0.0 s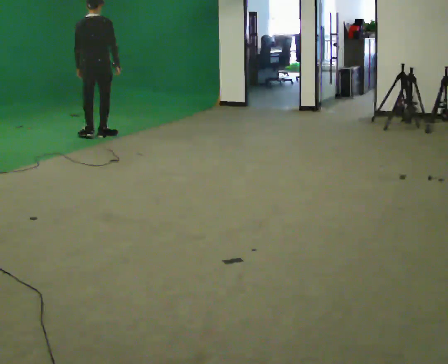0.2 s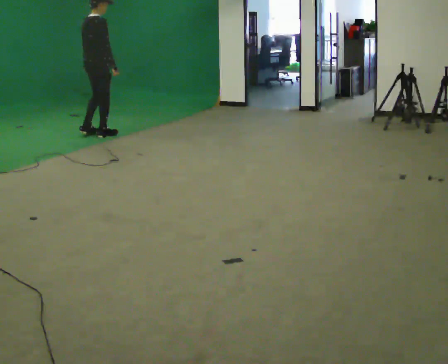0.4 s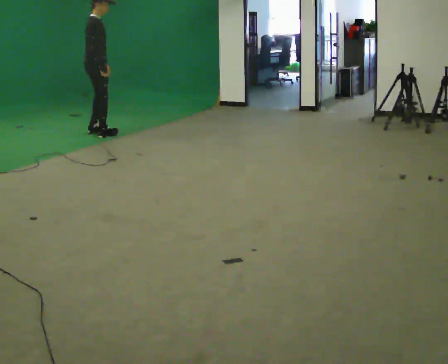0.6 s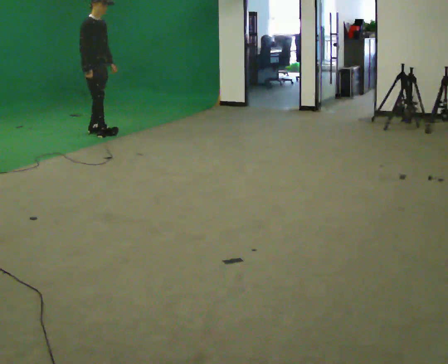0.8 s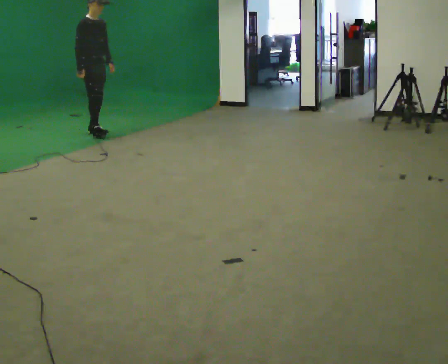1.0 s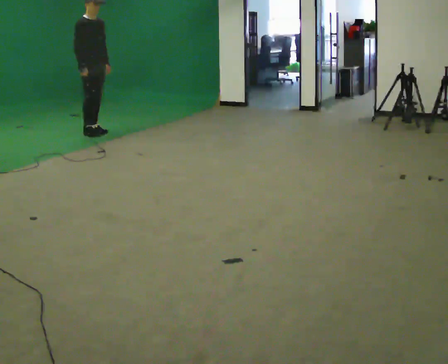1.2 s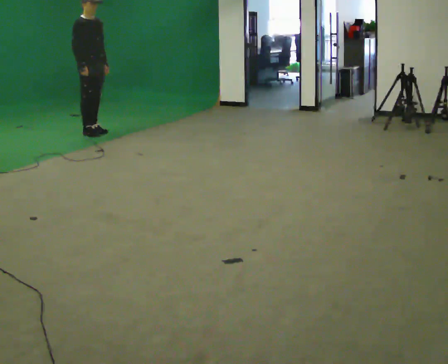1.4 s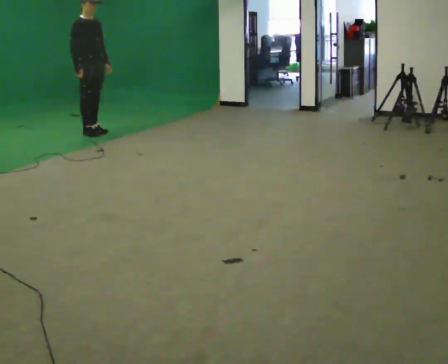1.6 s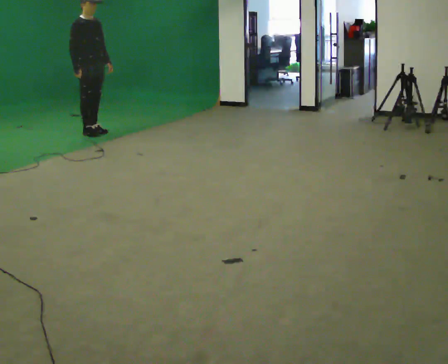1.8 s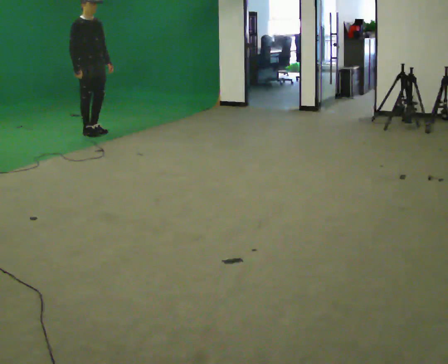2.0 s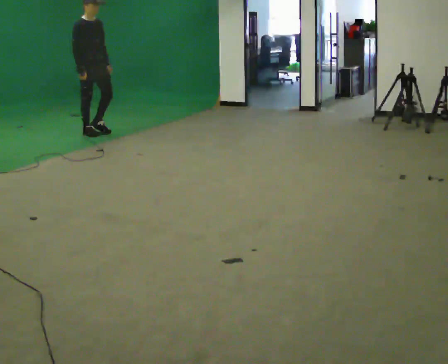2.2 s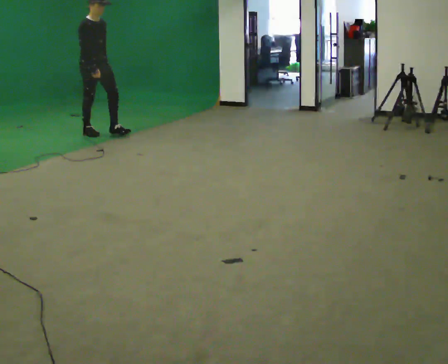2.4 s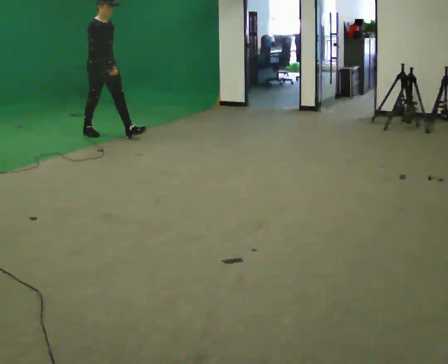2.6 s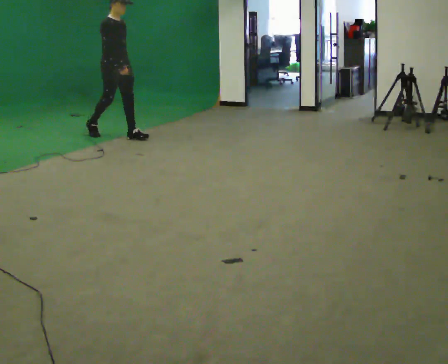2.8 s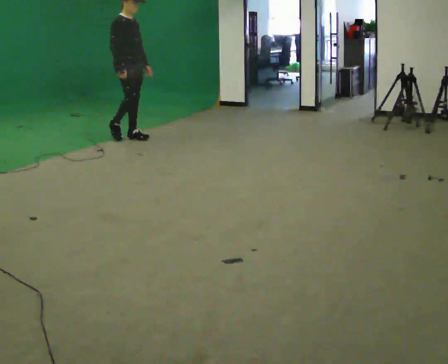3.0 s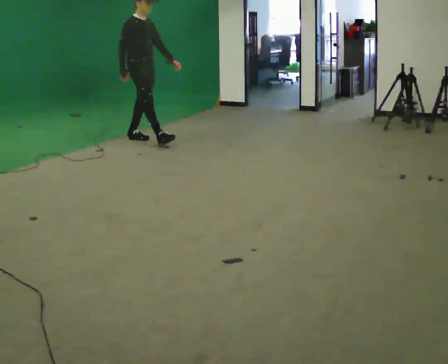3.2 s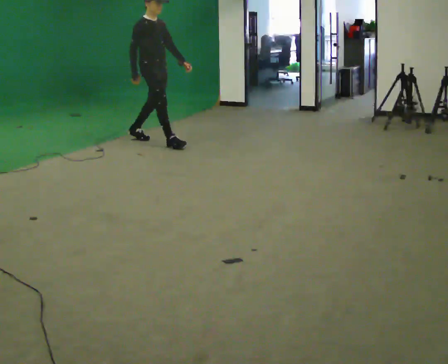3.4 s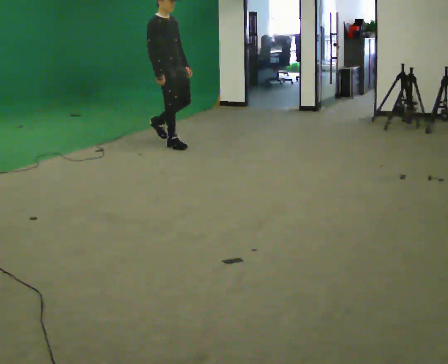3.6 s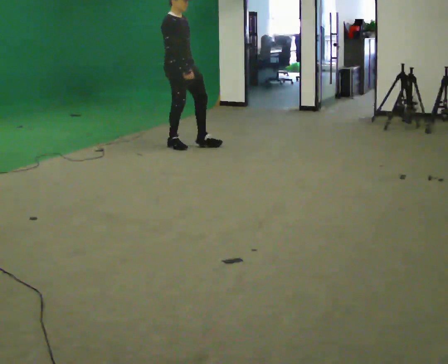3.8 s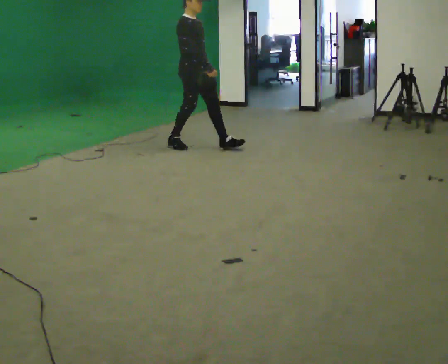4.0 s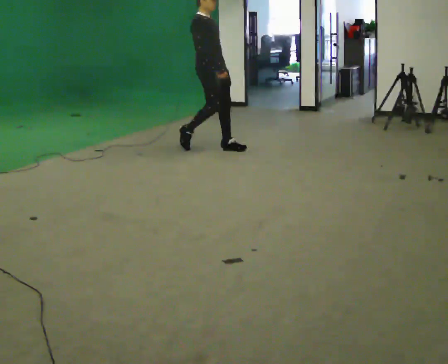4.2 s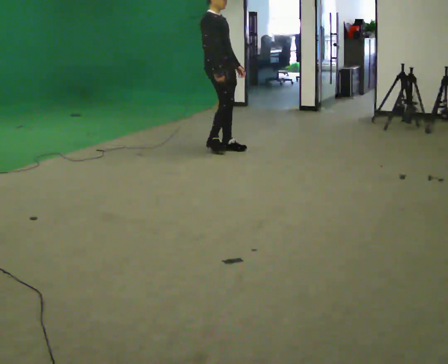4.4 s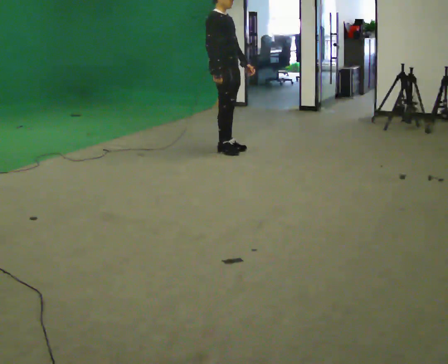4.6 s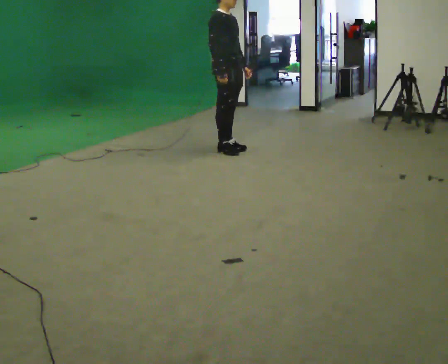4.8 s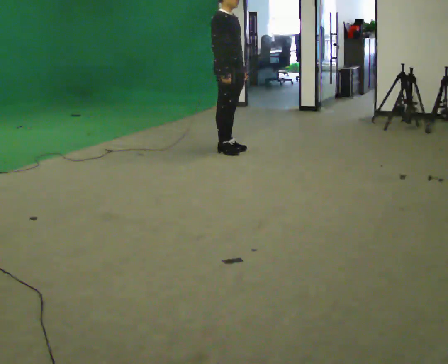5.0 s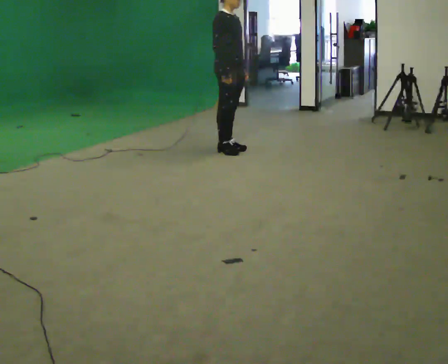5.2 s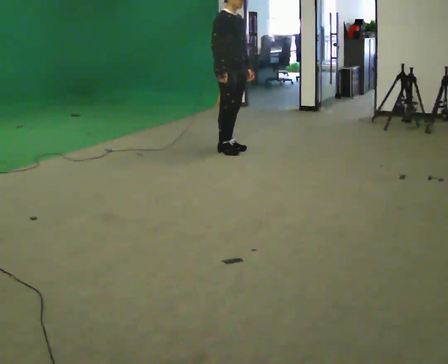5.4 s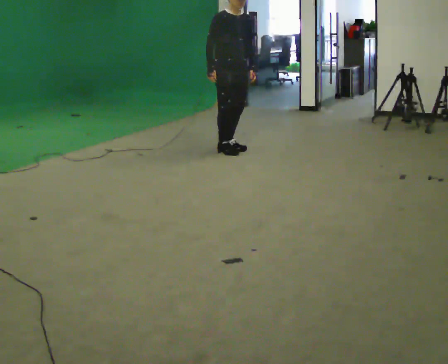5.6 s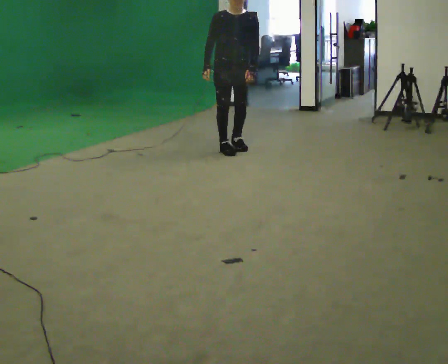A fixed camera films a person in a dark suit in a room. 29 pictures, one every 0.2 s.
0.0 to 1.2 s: The part of the body nearest the lens slides to the left as the person turns to their right by about 105 degrees. In the picture they go away from the camera, about 0.25 m in 2 steps. In the picture their right hand goes to the left.
1.2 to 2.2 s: The person moves a little, or ends about where they began.
2.2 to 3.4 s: In the picture they go to the right and toward the camera, about 1 m in 2 steps, which for them is forward.
3.4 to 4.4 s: In the picture they go to the right and toward the camera, about 0.75 m in 2 steps, which for them is forward.
4.4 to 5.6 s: Seen from above the body turns clockwise, about 75 degrees: to their right, with its near side sliding to the left.
The film runs forward here.
